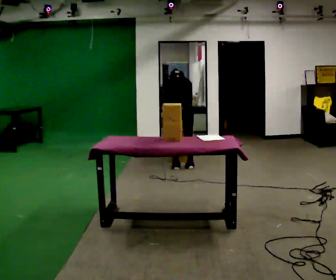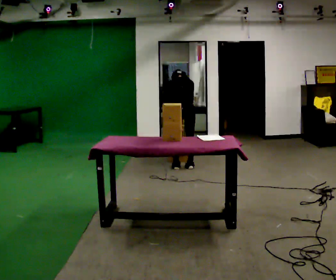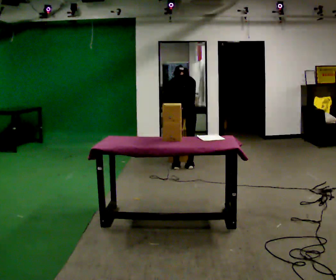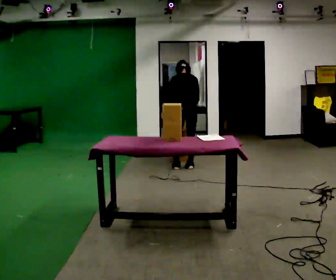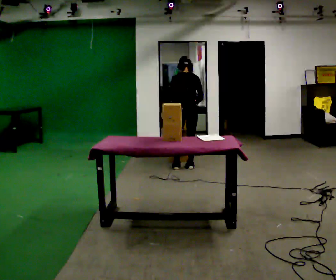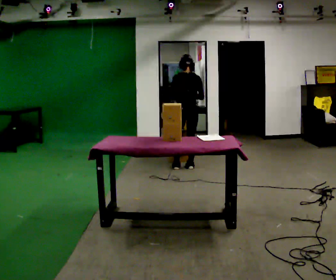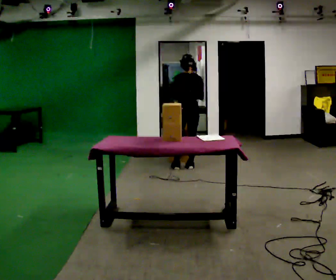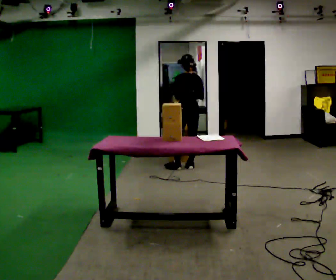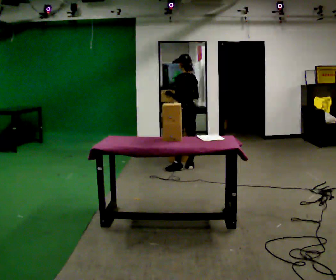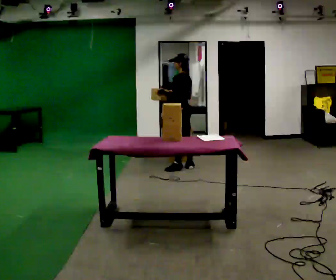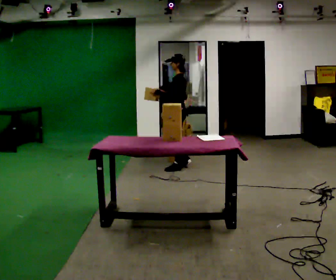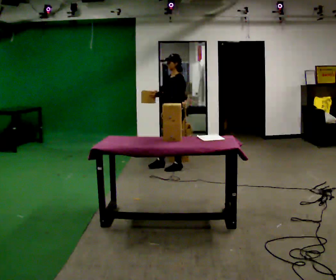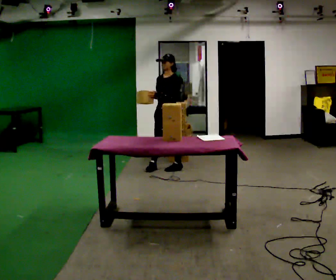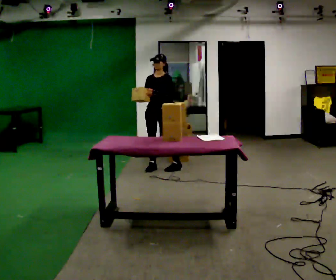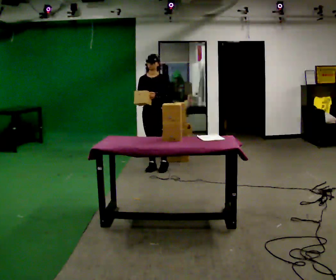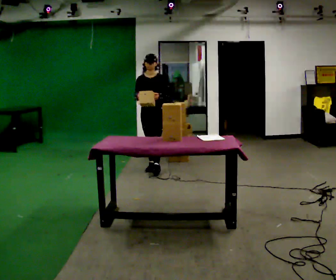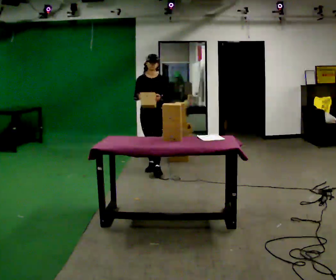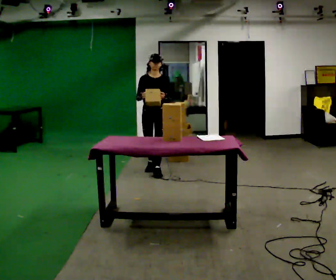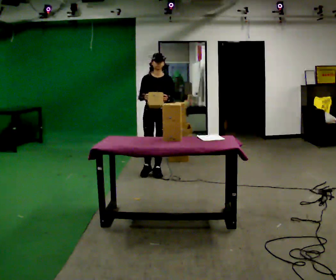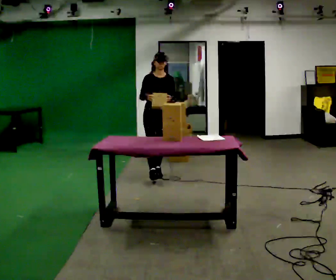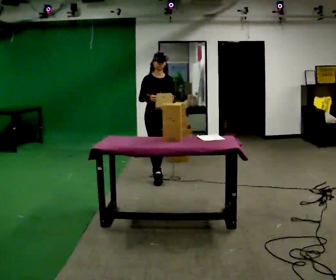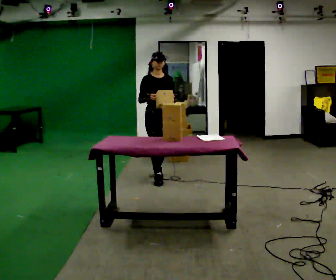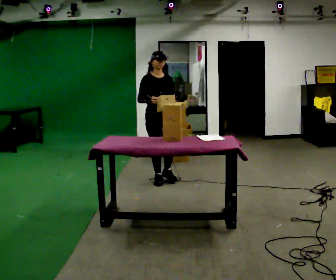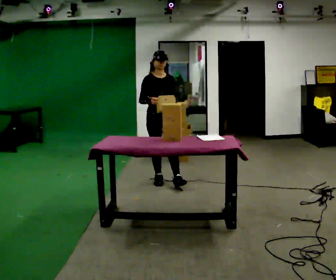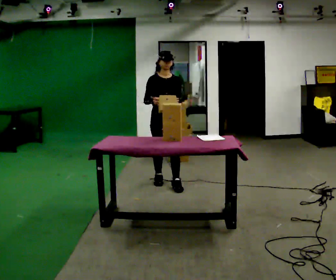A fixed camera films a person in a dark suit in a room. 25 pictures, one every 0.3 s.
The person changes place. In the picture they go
toward the camera.
The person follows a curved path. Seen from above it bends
counterclockwise.
0.0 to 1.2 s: The upper body tips toward the camera, its near side rolling downward, as they lean back or straighten.
1.2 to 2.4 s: The part of the body nearest the lens slides to the right as the person turns to their left by about 45 degrees.
2.4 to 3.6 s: The part of the body nearest the lens slides to the right as the person turns to their left by about 90 degrees. In the picture they go to the left, about 0.25 m in 1 step.
3.6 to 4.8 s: Seen from above the body turns counterclockwise, about 45 degrees: to their left, with its near side sliding to the right. In the picture they go to the left, about 0.25 m in 1 step, which for them is to their right.
4.8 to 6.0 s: In the picture they go toward the camera, about 0.5 m in 1 step, which for them is forward.
6.0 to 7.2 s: In the picture they go toward the camera, about 0.25 m in 1 step, which for them is forward.
The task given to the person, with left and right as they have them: 1. Read the list the operator gives you. 2. Collect the six items on the list from the shelves. 3. Put them all in the bin on the table. 4. Tell the operator when you are finished.
The film runs forward here.
